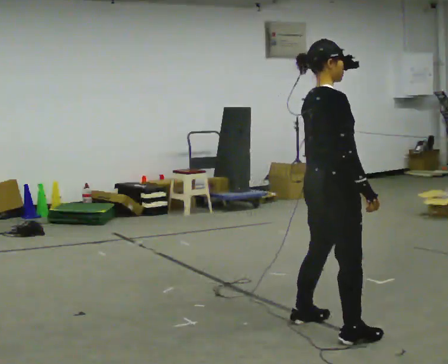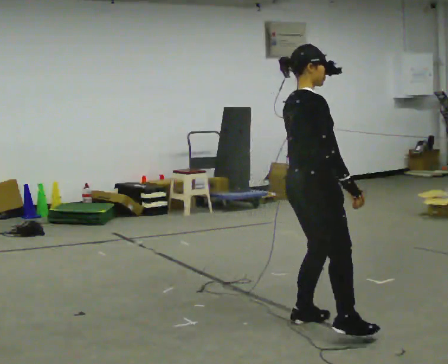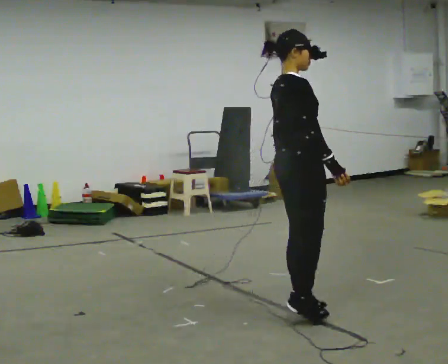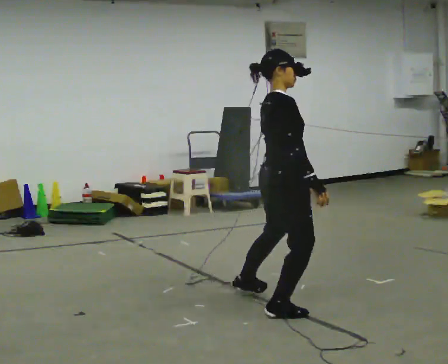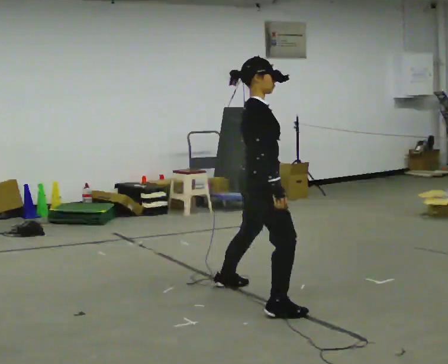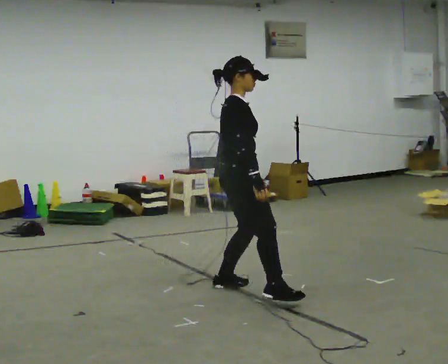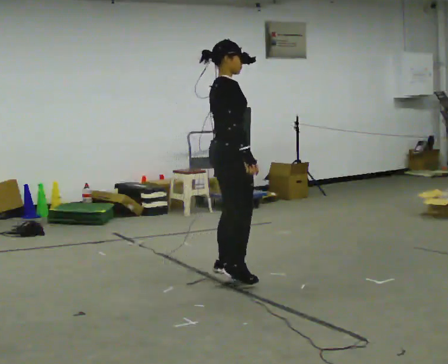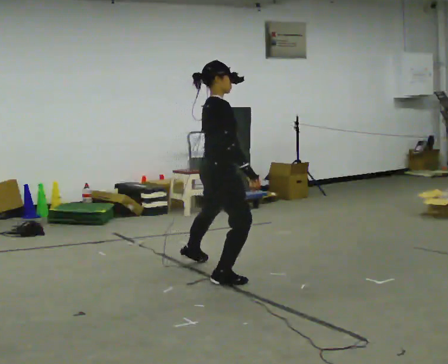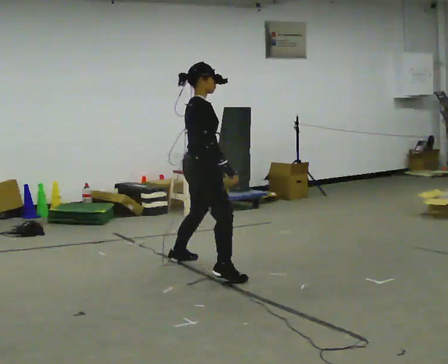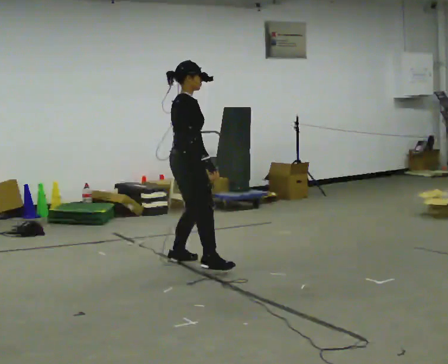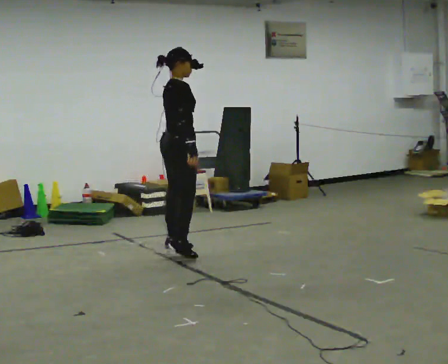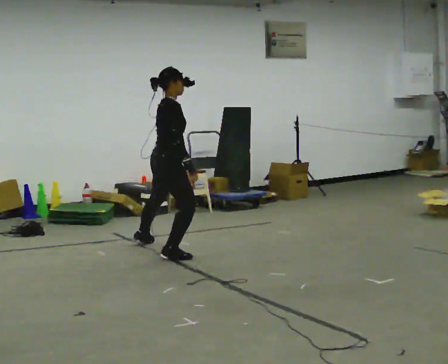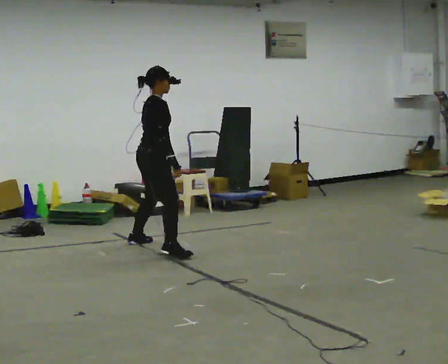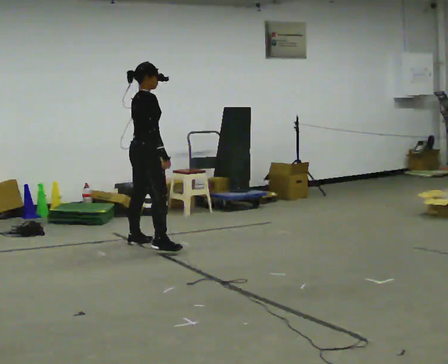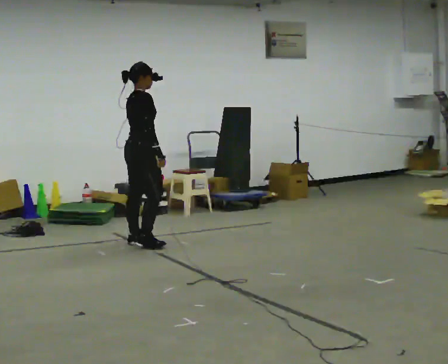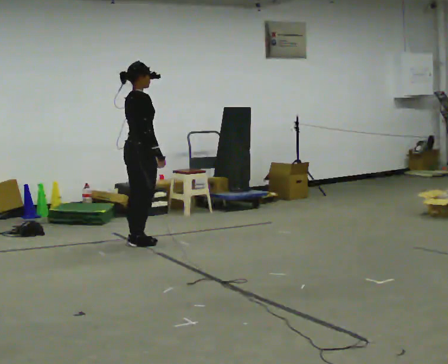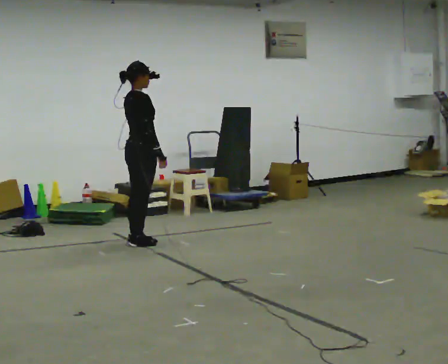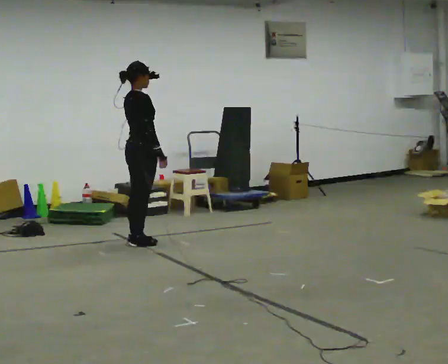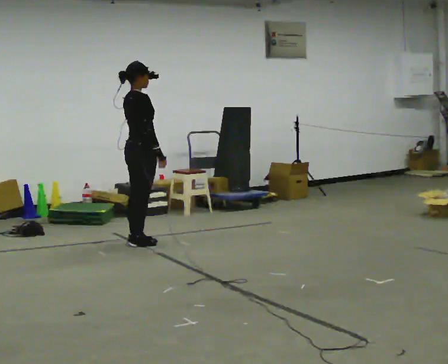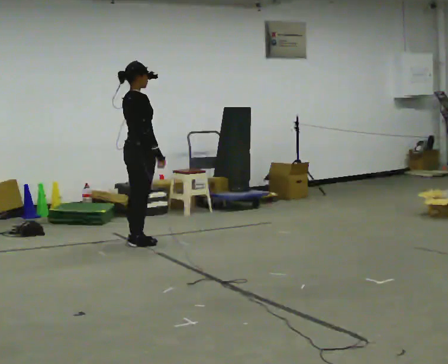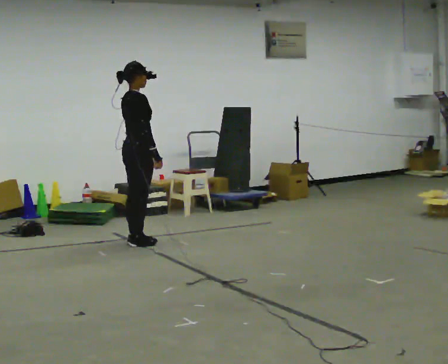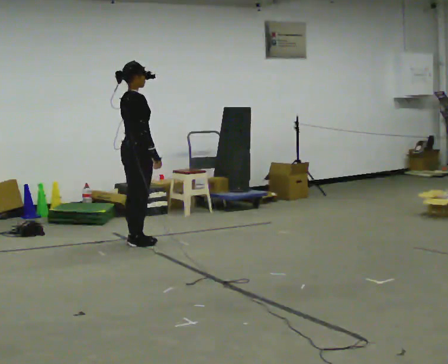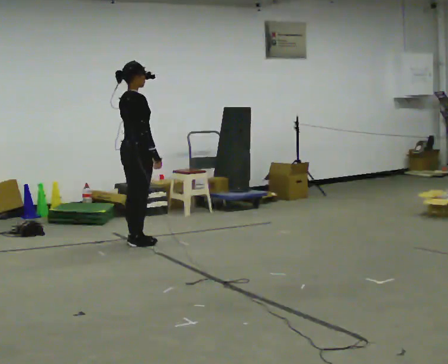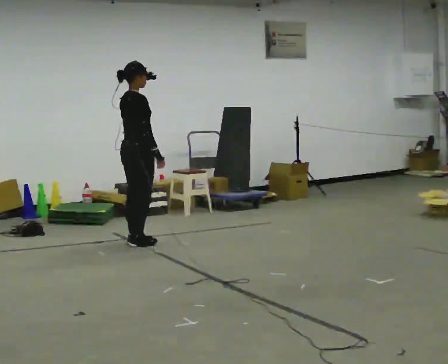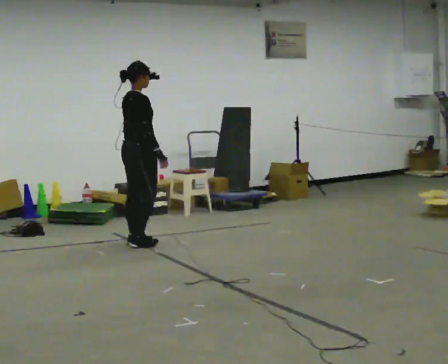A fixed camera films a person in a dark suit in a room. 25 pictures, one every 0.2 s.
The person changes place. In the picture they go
away from the camera.
0.0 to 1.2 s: In the picture they go away from the camera and to the left, about 1 m in 4 steps, which for them is to their left.
1.2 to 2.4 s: In the picture they go away from the camera and to the left, about 1.5 m in 2 steps, which for them is to their left.
2.4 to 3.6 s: In the picture they go away from the camera, about 0.25 m in 1 step, which for them is to their left.
3.6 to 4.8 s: The person moves a little, or ends about where they began.
The film runs backward here.
